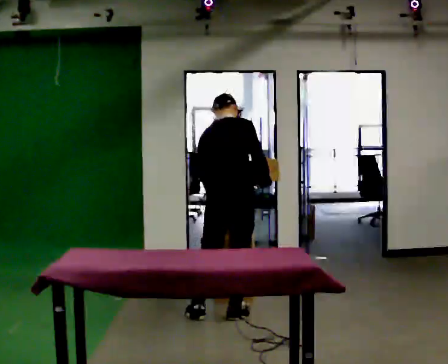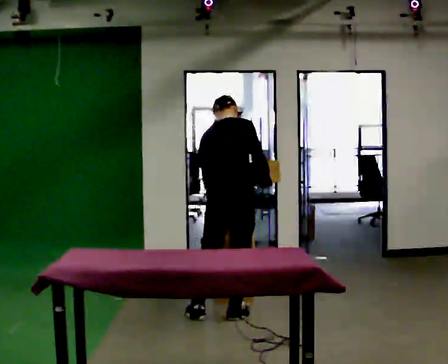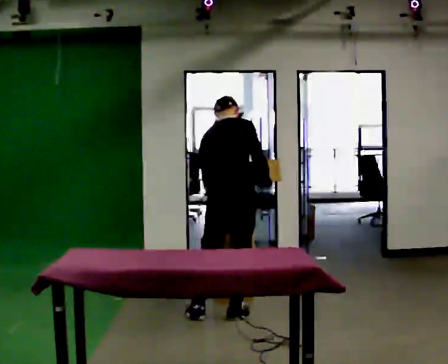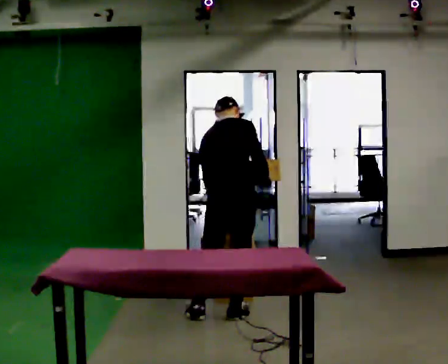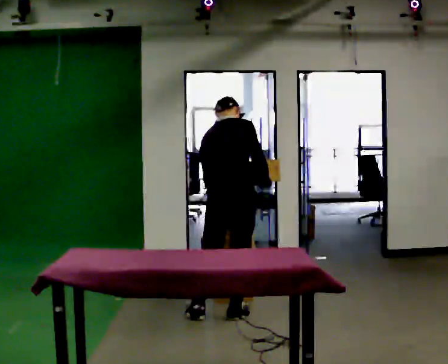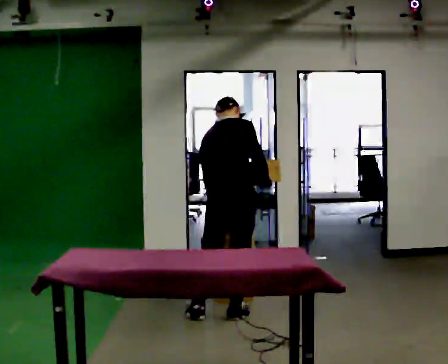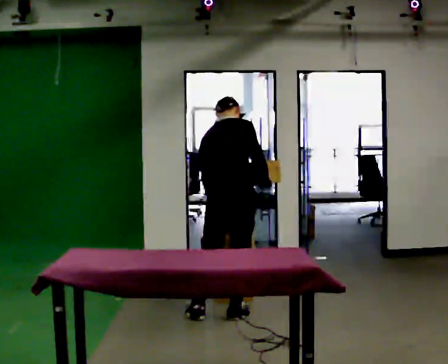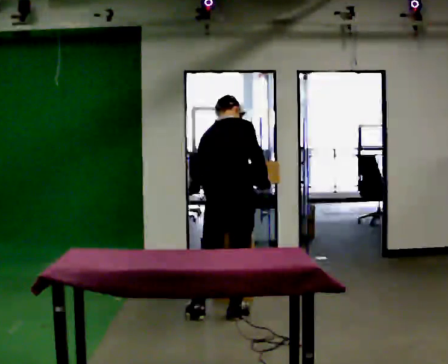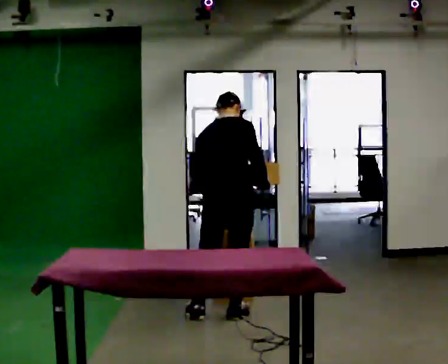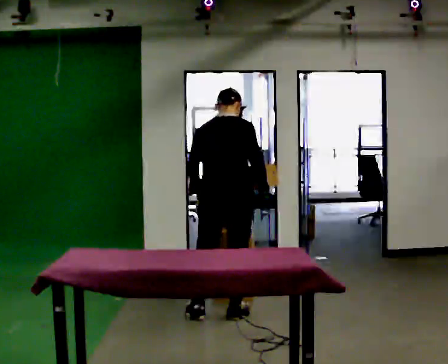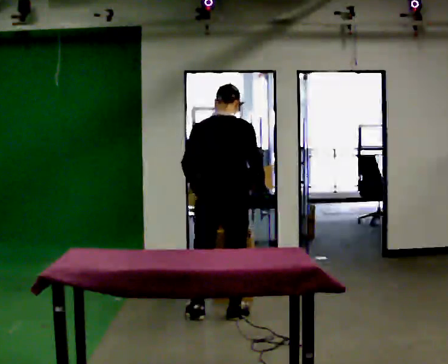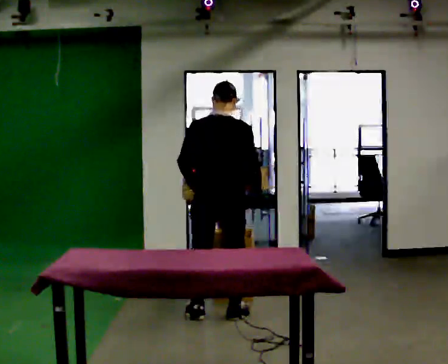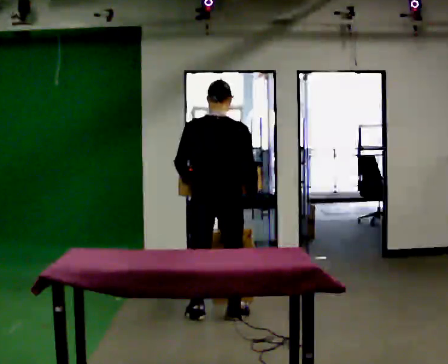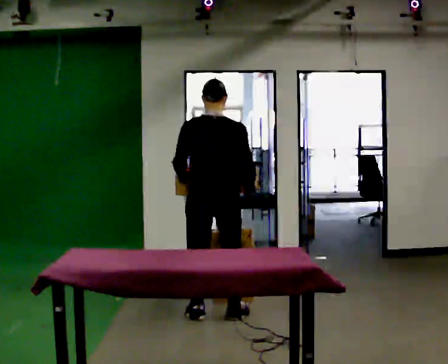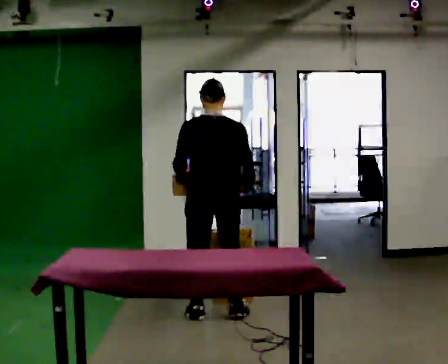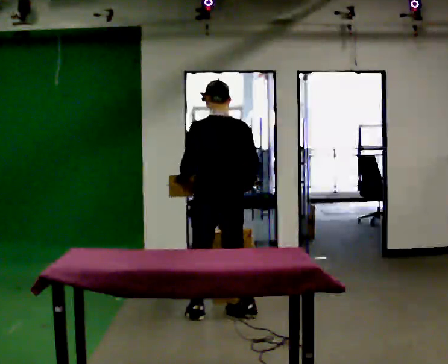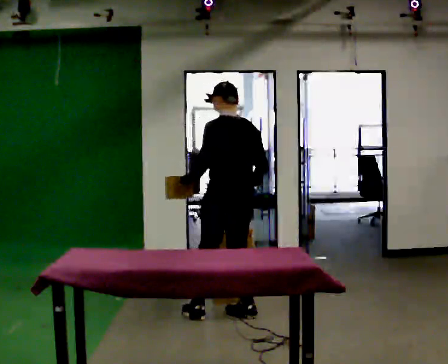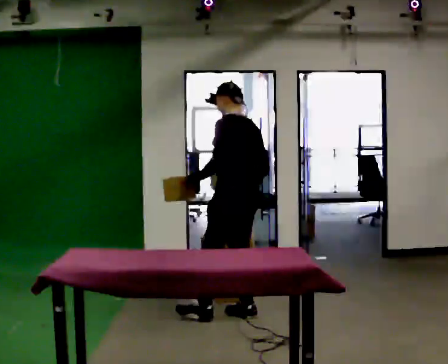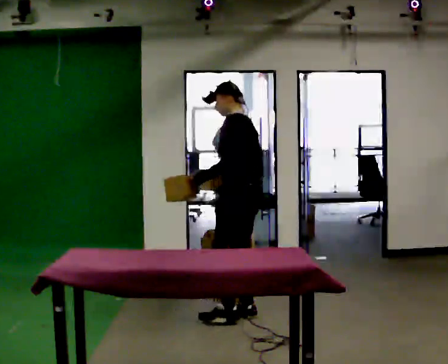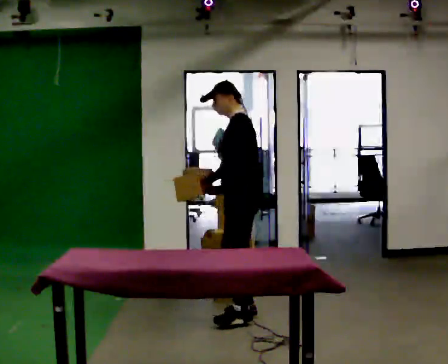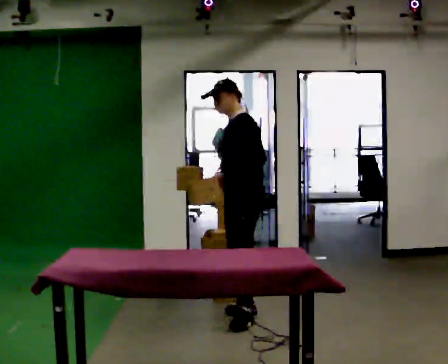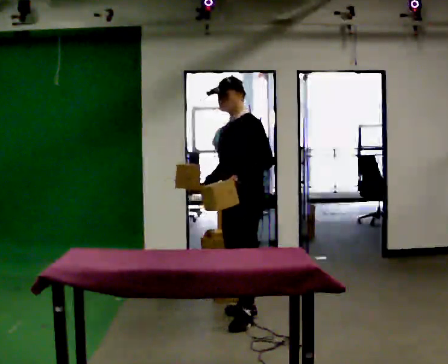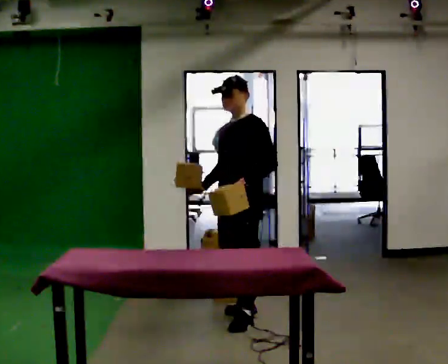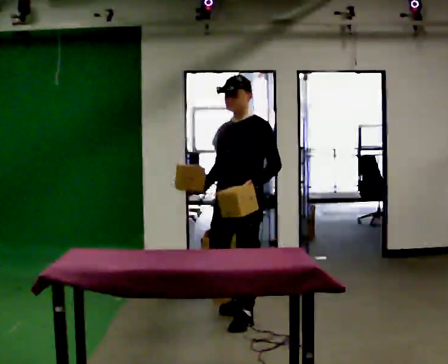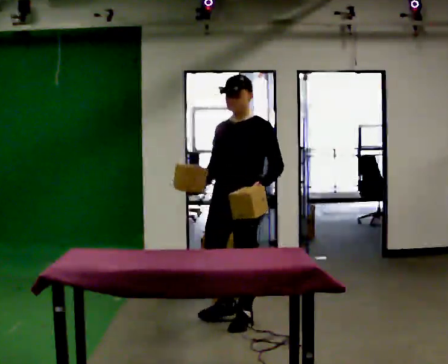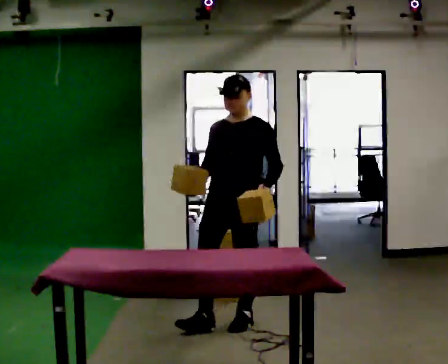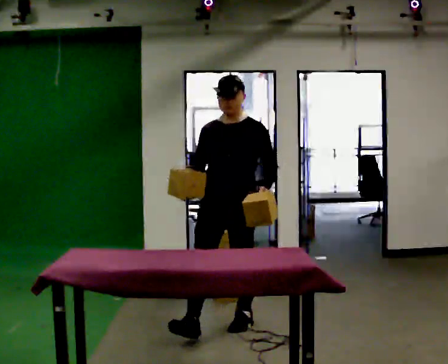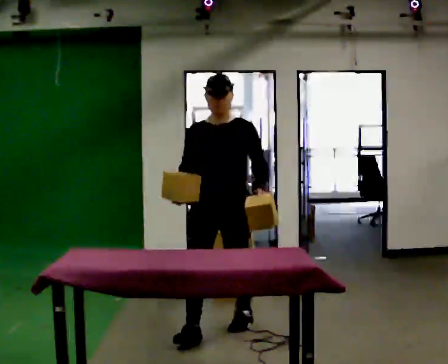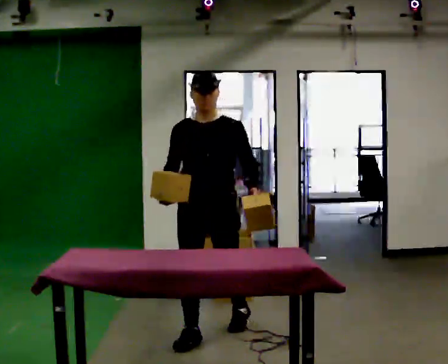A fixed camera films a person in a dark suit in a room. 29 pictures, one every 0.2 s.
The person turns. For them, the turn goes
to their left.
The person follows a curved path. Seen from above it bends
clockwise.
0.0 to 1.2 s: The person keeps their place and pose.
1.2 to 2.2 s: The upper body tips toward the camera, its near side rolling downward, as they lean back or straighten.
2.2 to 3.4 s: Seen from above the body turns counterclockwise, about 60 degrees: to their left, with its near side sliding to the right. In the picture they go to the right, about 0.25 m in 1 step, which for them is to their right.
3.4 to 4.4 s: The part of the body nearest the lens slides to the right as the person turns to their left by about 75 degrees. In the picture their left hand goes to the right, the arm swinging counterclockwise.
4.4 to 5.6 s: Seen from above the body turns counterclockwise, about 60 degrees: to their left, with its near side sliding to the right. In the picture they go toward the camera and to the left, about 0.5 m in 1 step, which for them is forward.
The film runs forward here.
